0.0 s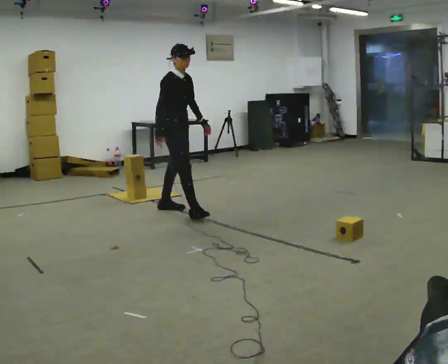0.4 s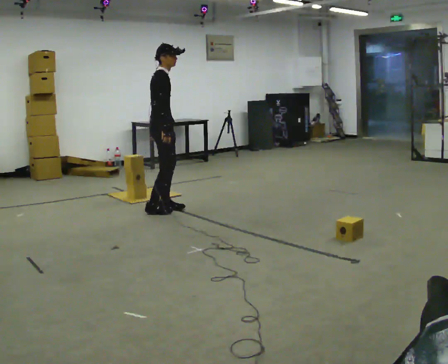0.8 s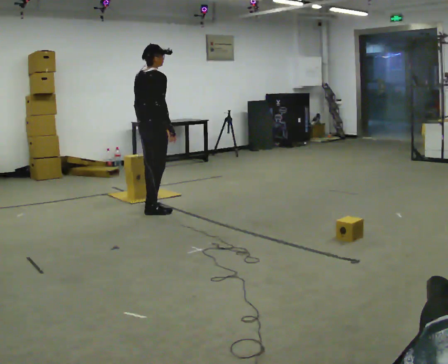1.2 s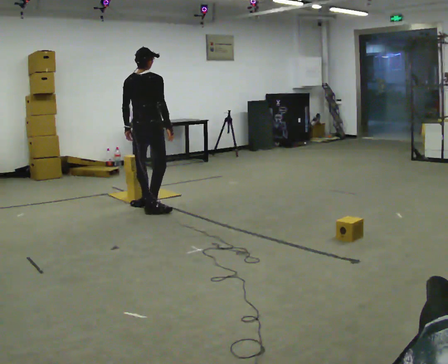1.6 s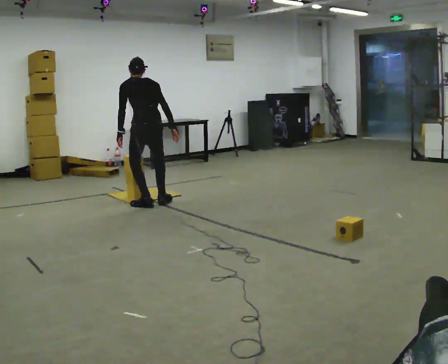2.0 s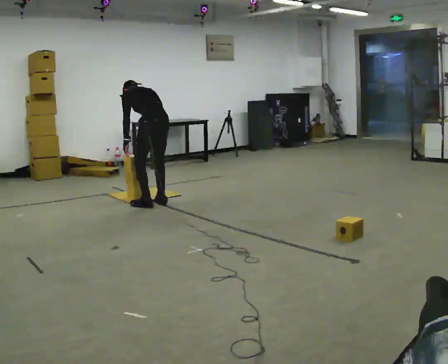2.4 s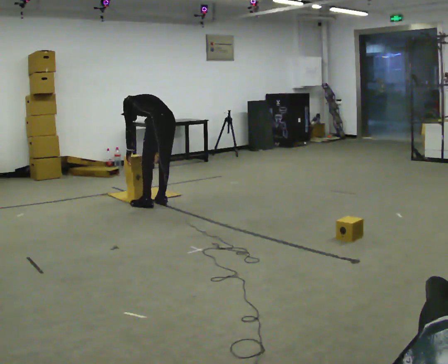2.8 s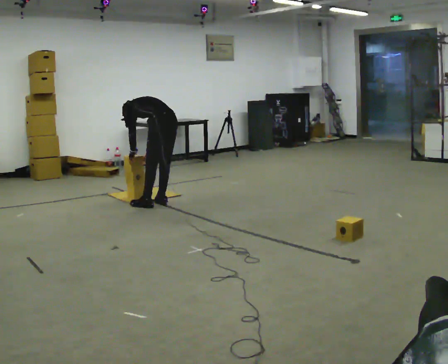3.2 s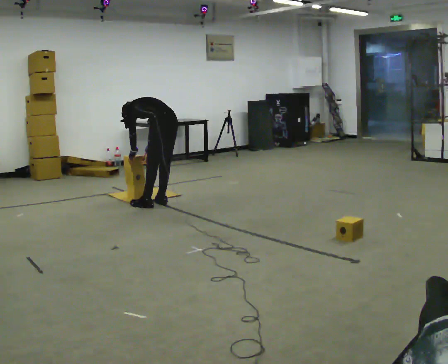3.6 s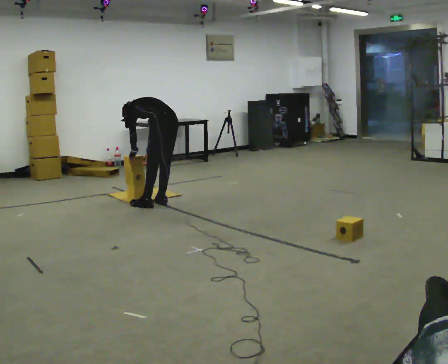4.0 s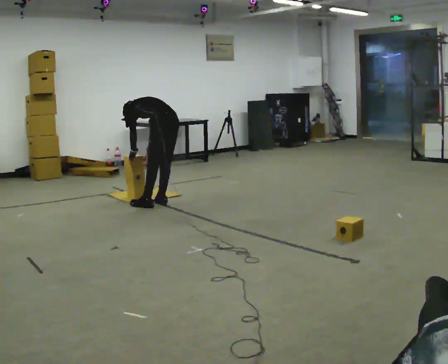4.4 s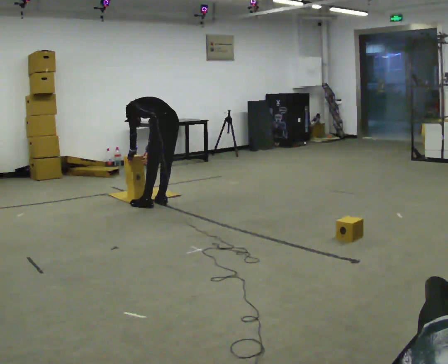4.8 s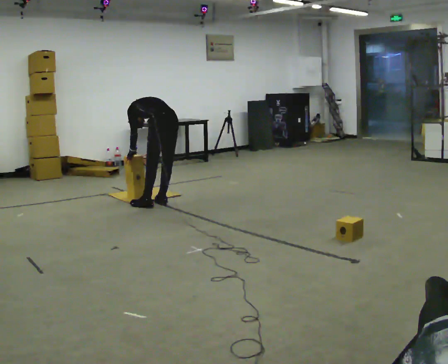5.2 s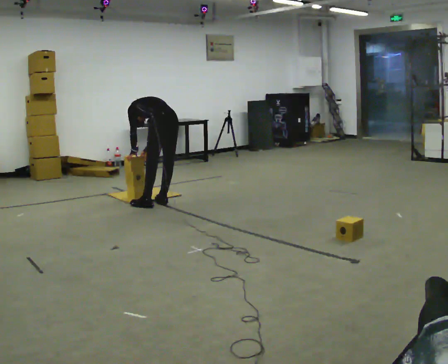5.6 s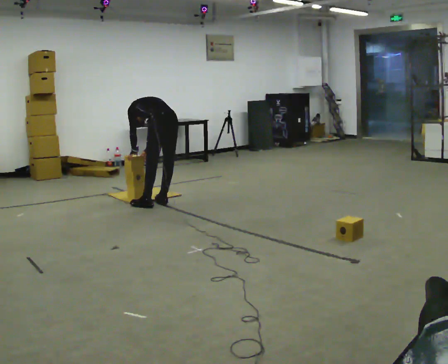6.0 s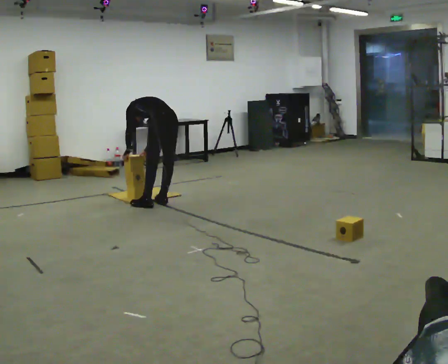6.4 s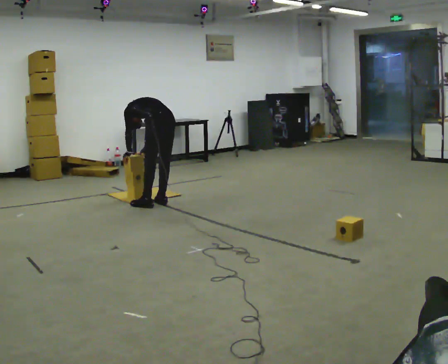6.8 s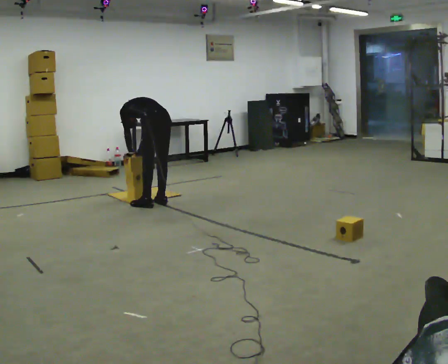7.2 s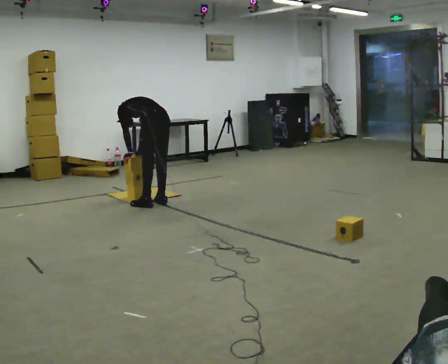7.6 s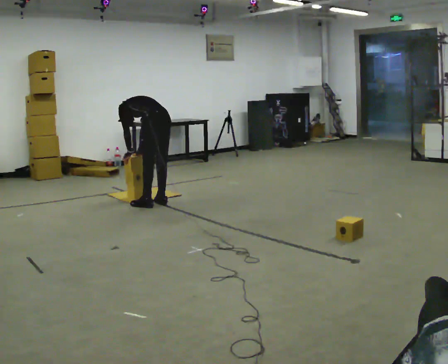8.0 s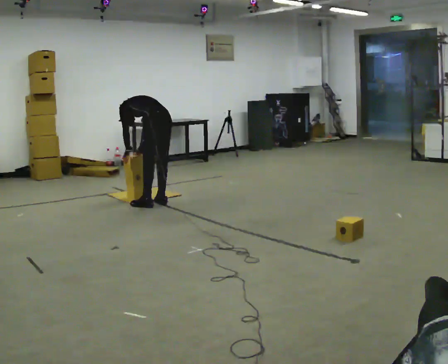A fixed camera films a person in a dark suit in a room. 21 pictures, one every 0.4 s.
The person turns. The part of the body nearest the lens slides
to the right.
The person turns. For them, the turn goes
to their left.
0.0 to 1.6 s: The part of the body nearest the lens slides to the right as the person turns to their left by about 135 degrees. In the picture they go to the left and away from the camera, about 0.25 m in 1 step. The upper body tips away from the camera, its near side rolling upward.
1.6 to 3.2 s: The part of the body nearest the lens slides to the right as the person turns to their left by about 30 degrees. In the picture they go to the right, about 0.25 m, which for them is to their right. The upper body goes downward. In the picture the upper body tilts counterclockwise, shoulders to the left, as they bend forward. In the picture their right hand goes downward.
3.2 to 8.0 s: The person moves a little, or ends about where they began.
The film runs backward here.
